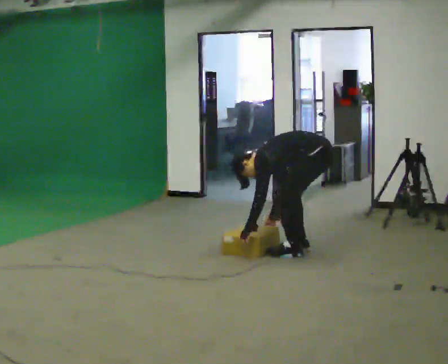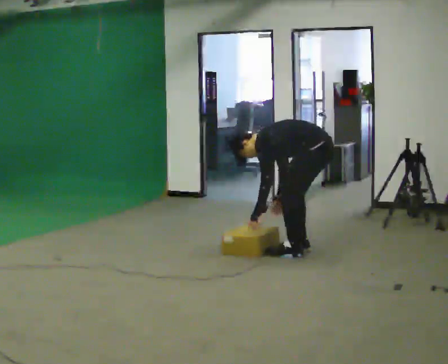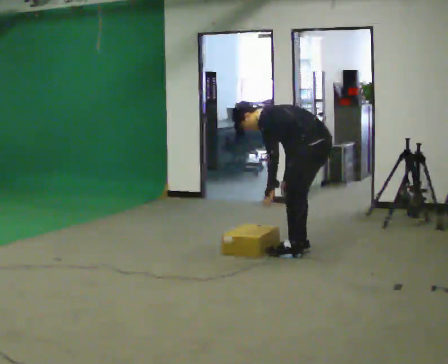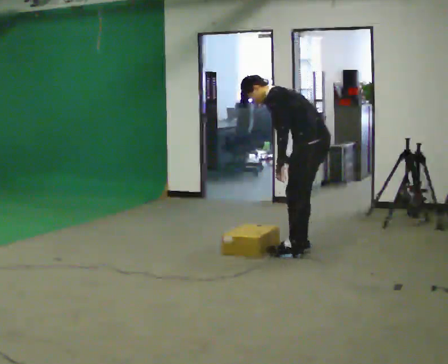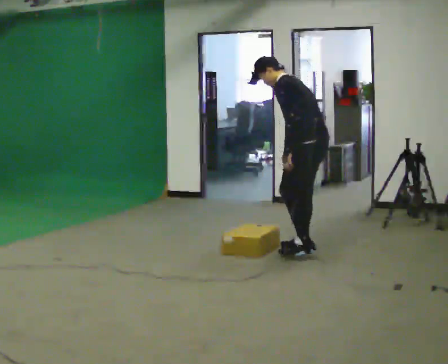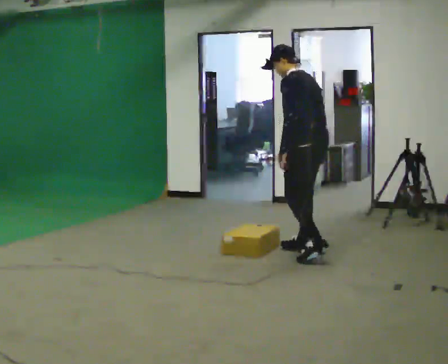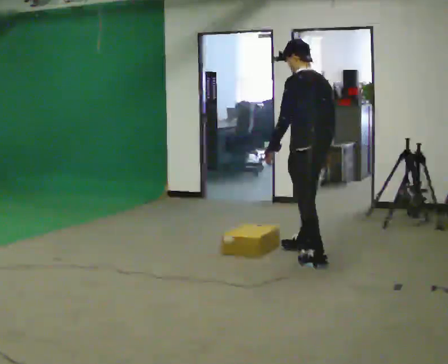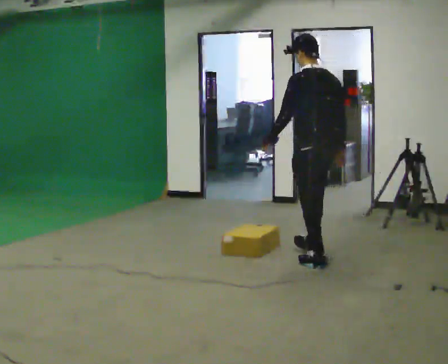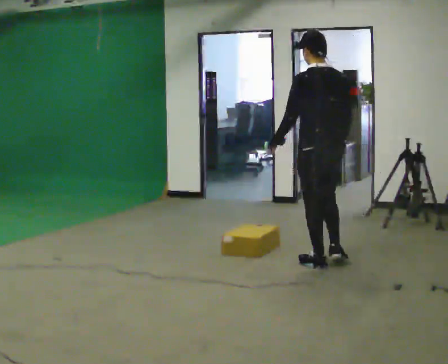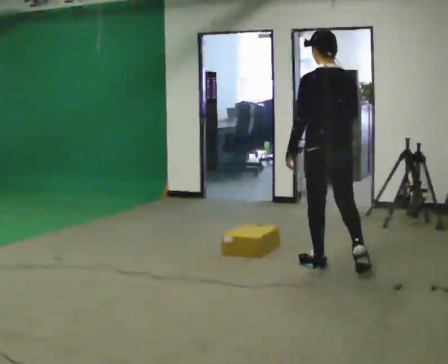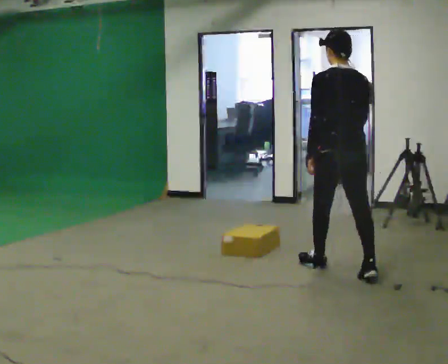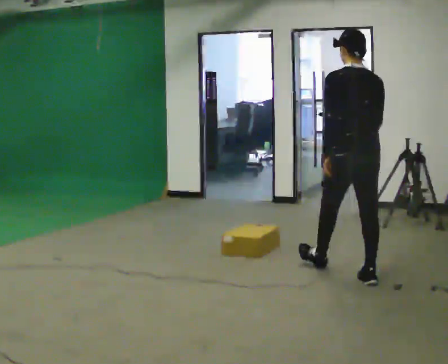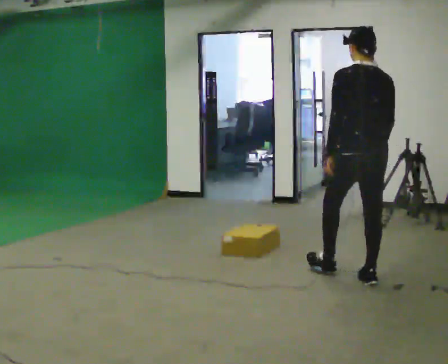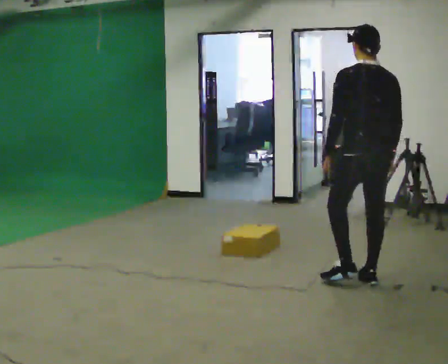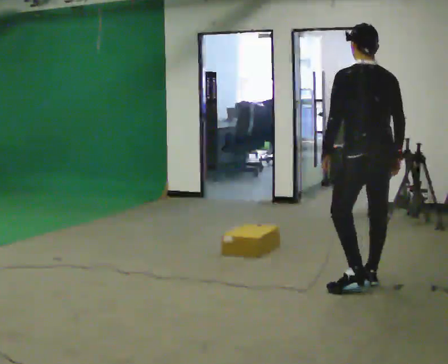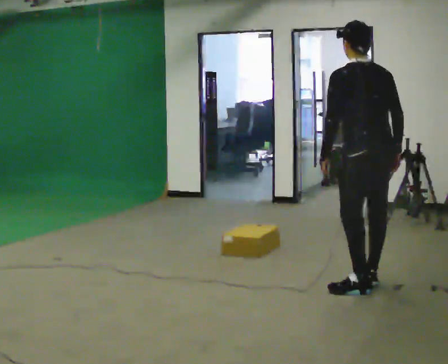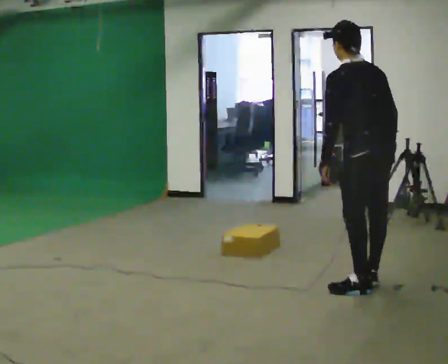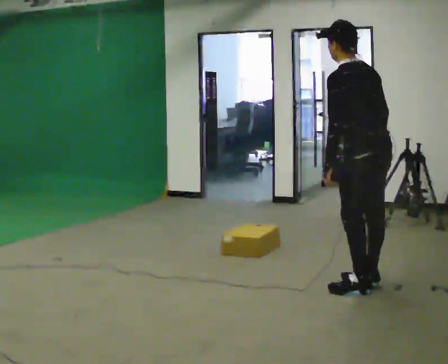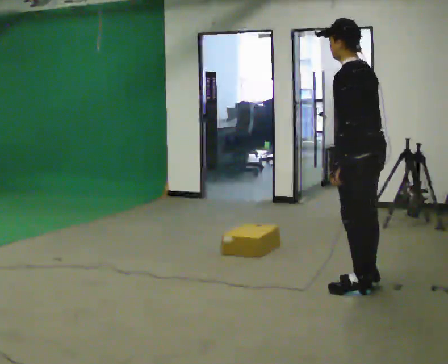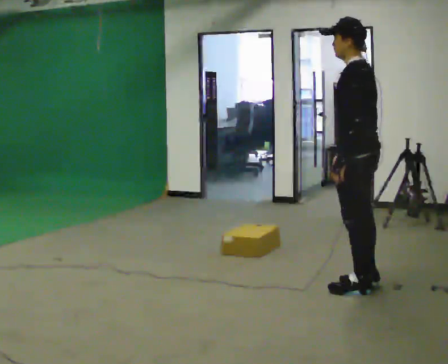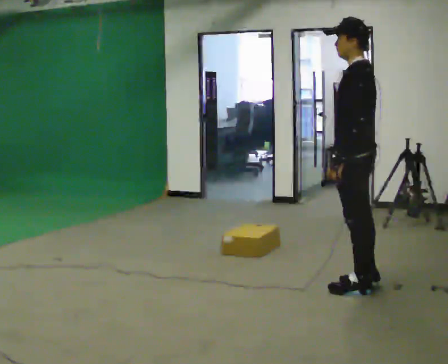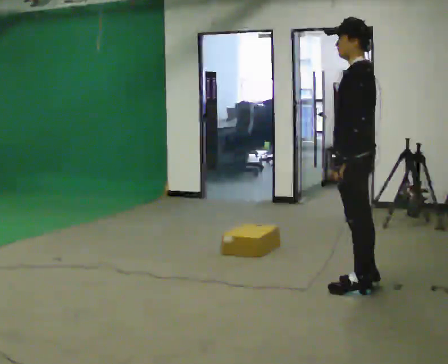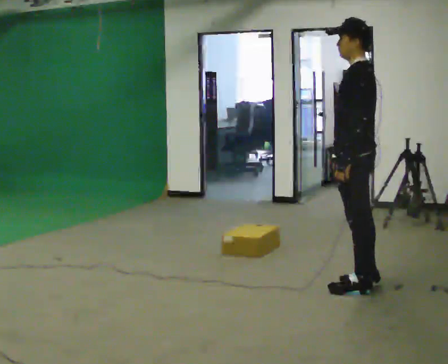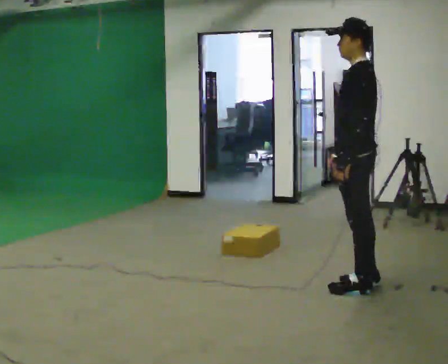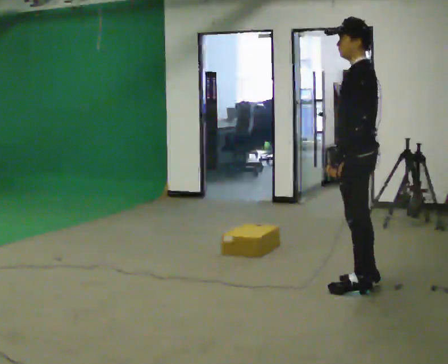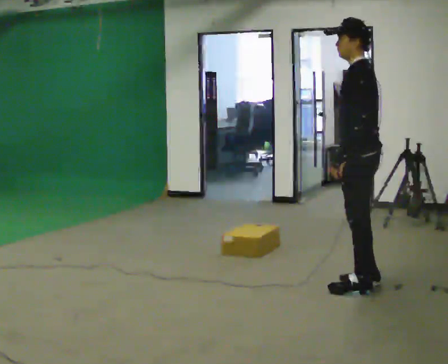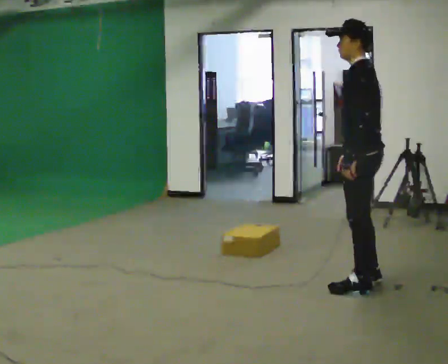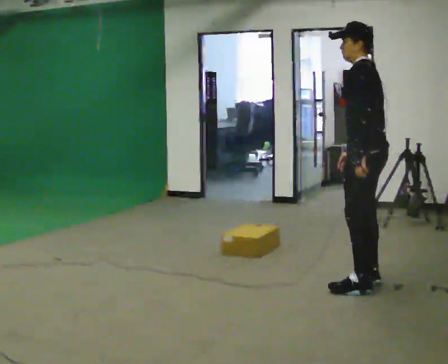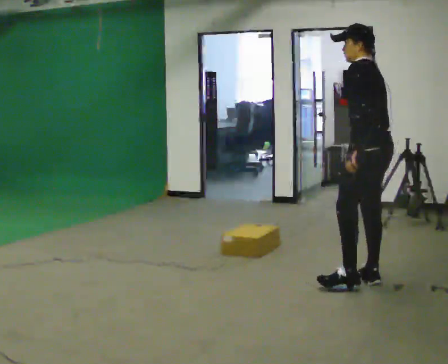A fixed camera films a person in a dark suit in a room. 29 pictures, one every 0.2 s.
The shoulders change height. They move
upward.
0.0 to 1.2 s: Seen from above the body turns clockwise, about 30 degrees: to their right, with its near side sliding to the left. In the picture they go toward the camera, about 0.25 m in 1 step, which for them is to their left. The shoulders move upward. In the picture the upper body tilts clockwise, shoulders to the right, as they lean back or straighten. In the picture their left hand goes upward.
1.2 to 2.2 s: The person turns about 30 degrees to their right, clockwise seen from above, so the part of the body nearest the lens slides to the left. In the picture they go toward the camera and to the right, about 0.5 m in 1 step, which for them is backward.
2.2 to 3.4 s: The part of the body nearest the lens slides to the right as the person turns to their left by about 30 degrees. In the picture they go toward the camera, about 0.25 m in 1 step, which for them is backward. In the picture the upper body tilts counterclockwise, shoulders to the left.
3.4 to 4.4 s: The part of the body nearest the lens slides to the right as the person turns to their left by about 30 degrees. In the picture the upper body tilts clockwise, shoulders to the right, as they lean back or straighten.
4.4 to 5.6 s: The person moves a little, or ends about where they began.
The film runs backward here.
